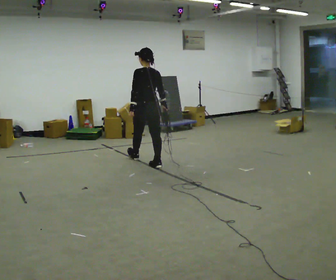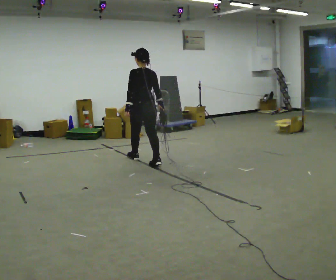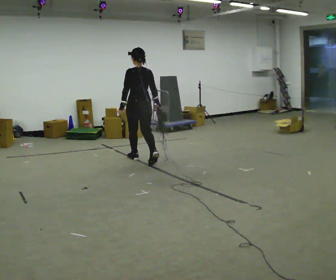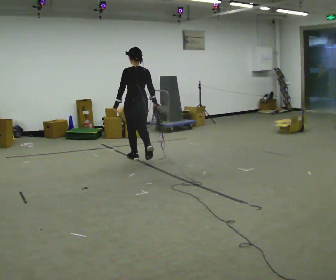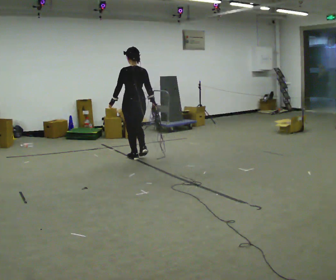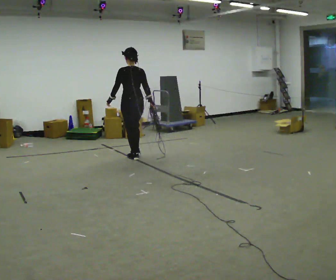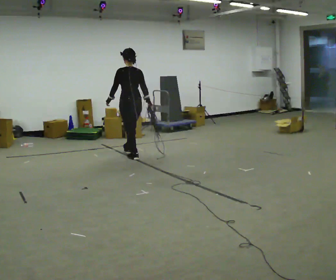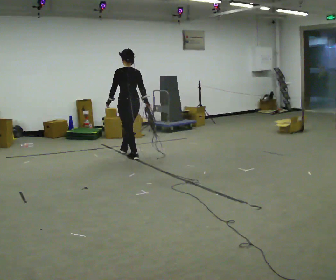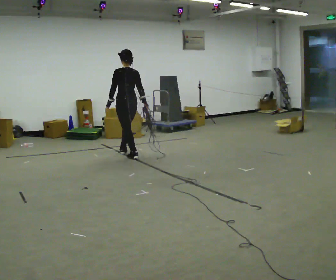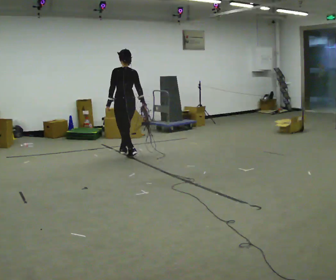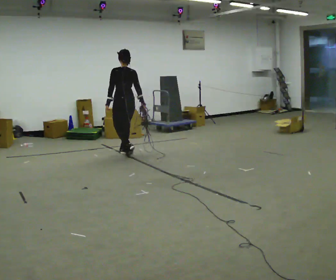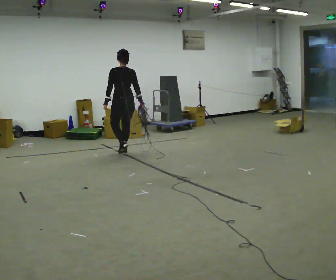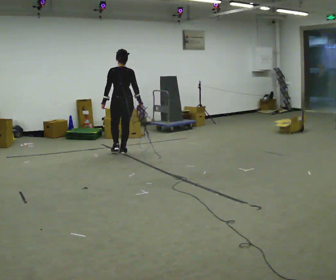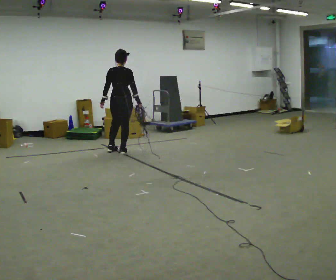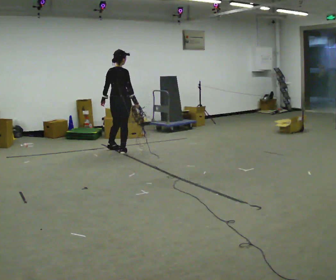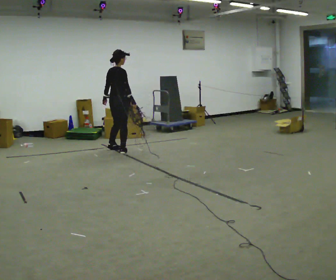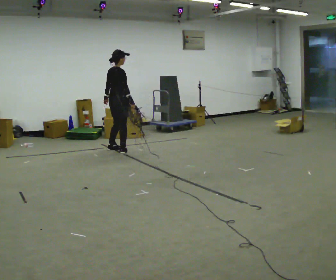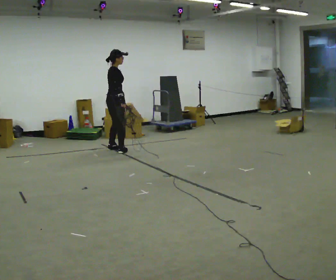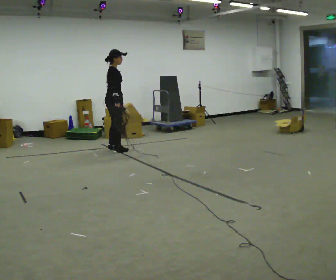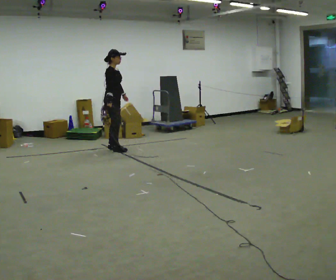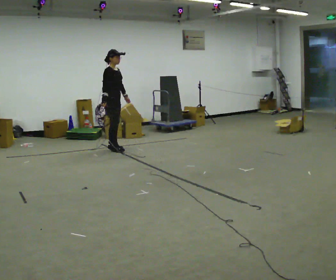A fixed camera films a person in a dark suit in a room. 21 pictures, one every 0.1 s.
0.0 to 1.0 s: In the picture they go away from the camera and to the left, about 0.5 m in 2 steps, which for them is forward.
1.0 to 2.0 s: The part of the body nearest the lens slides to the left as the person turns to their right by about 135 degrees. In the picture they go away from the camera and to the left, about 0.5 m in 2 steps.
The film runs forward here.
